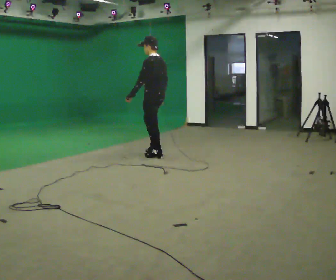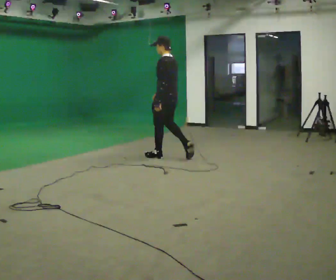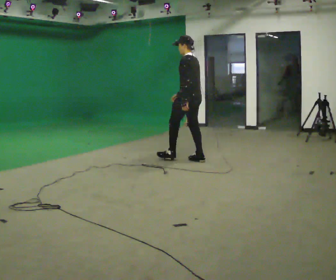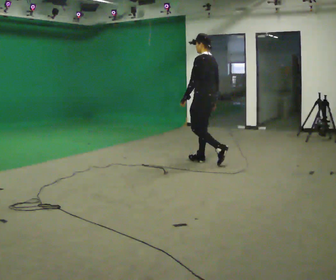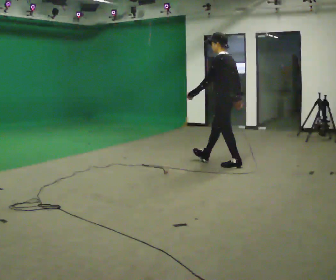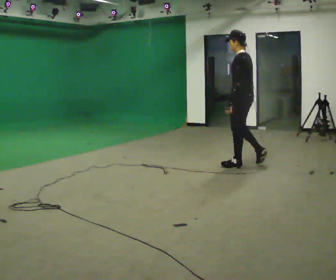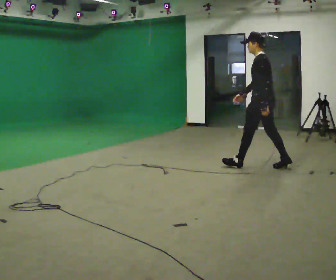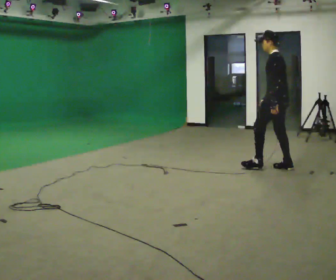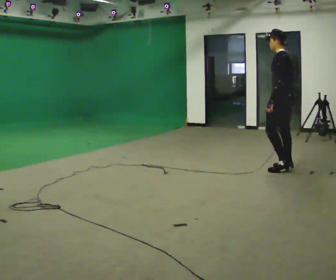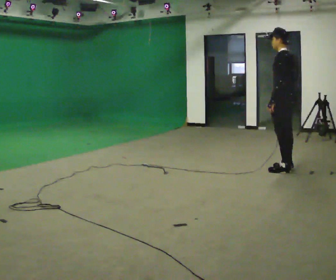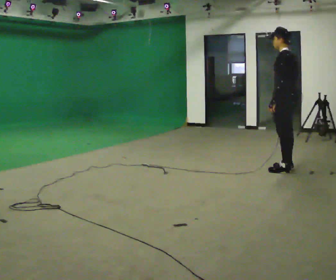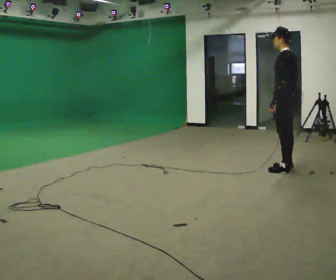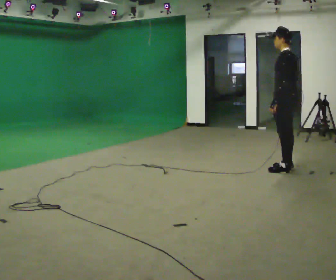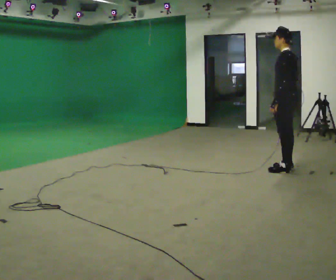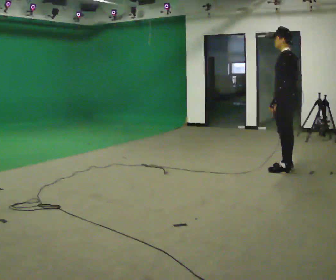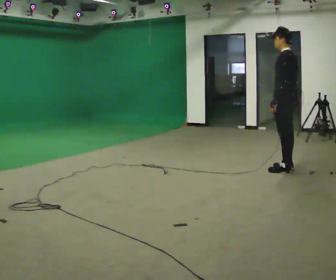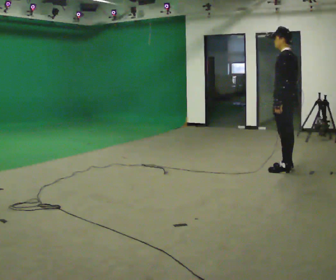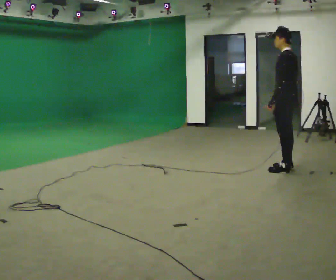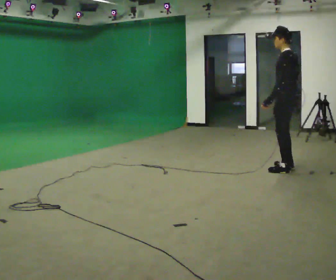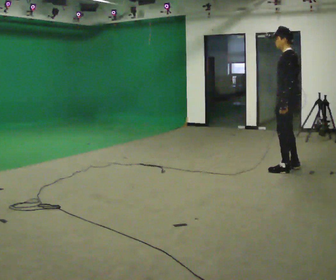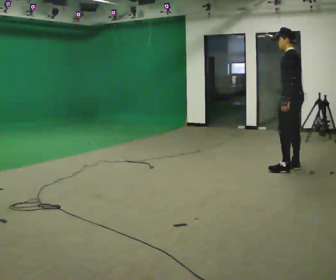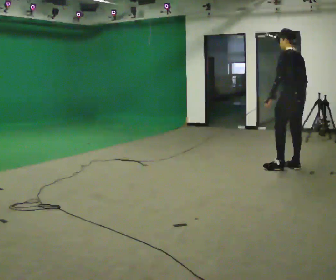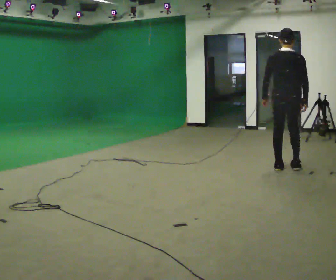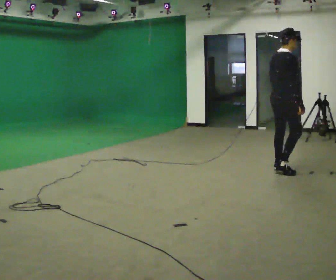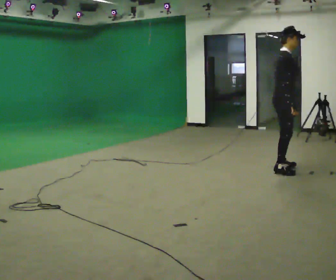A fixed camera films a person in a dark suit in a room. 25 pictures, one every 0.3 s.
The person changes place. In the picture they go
to the right.
The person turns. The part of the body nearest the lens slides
to the left.
0.0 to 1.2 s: In the picture they go to the right, about 1 m in 2 steps, which for them is backward.
1.2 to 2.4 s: In the picture they go to the right, about 1 m in 1 step, which for them is backward.
2.4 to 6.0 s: The person moves a little, or ends about where they began.
6.0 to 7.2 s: Seen from above the body turns clockwise, about 165 degrees: to their right, with its near side sliding to the left. In the picture they go toward the camera and to the left, about 0.25 m in 2 steps.
The film runs backward here.
